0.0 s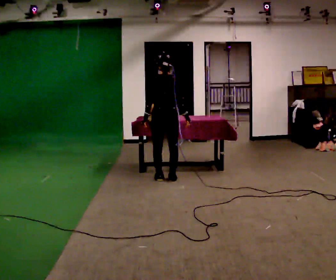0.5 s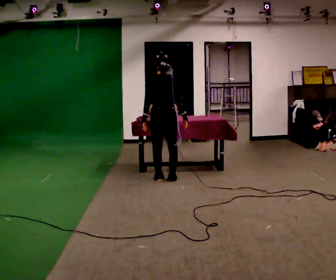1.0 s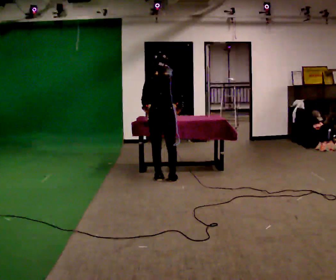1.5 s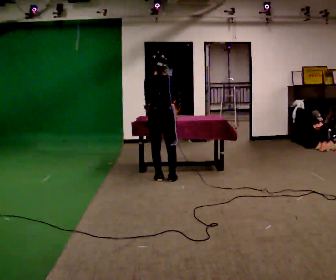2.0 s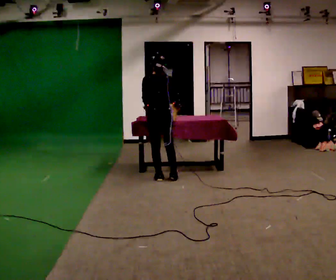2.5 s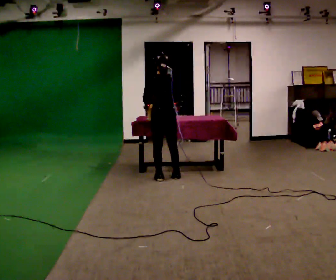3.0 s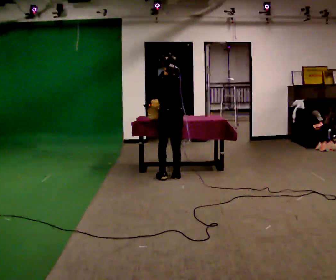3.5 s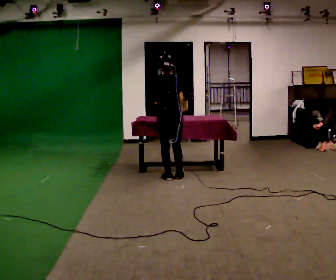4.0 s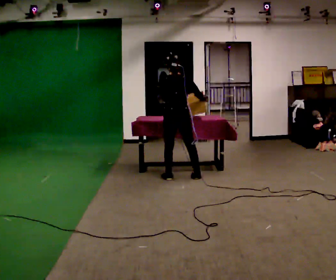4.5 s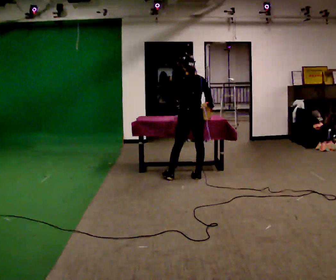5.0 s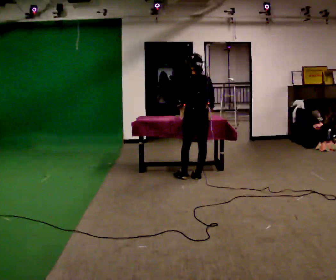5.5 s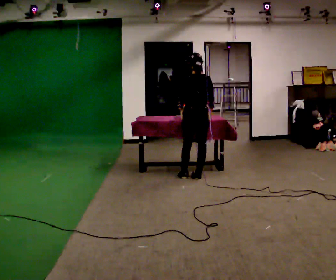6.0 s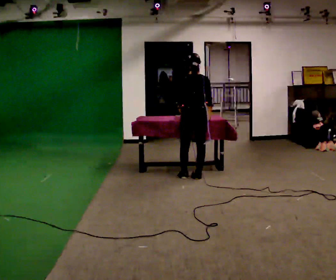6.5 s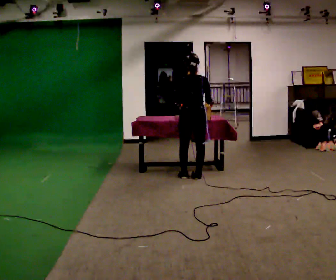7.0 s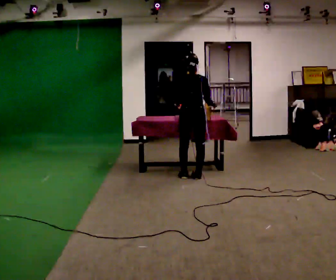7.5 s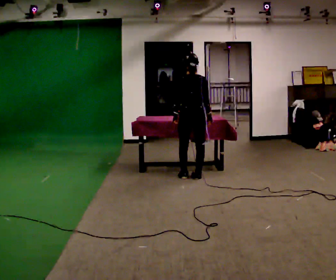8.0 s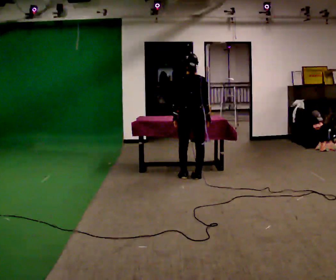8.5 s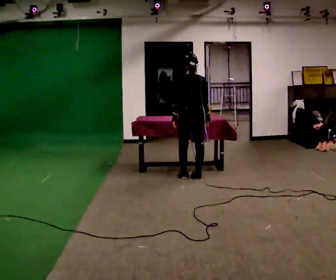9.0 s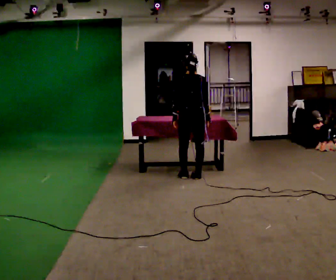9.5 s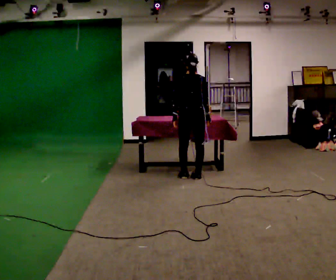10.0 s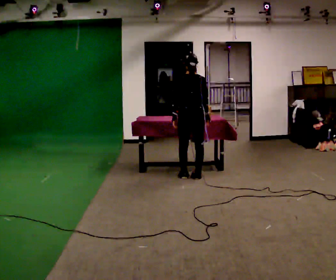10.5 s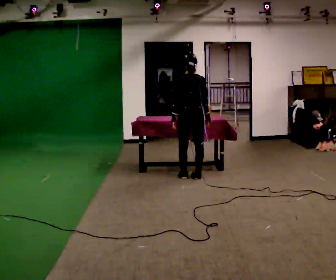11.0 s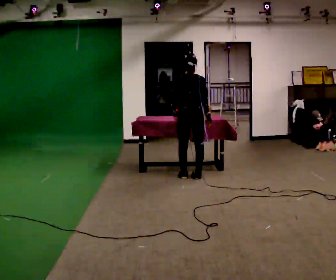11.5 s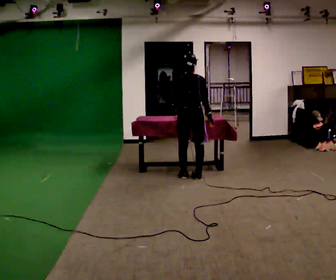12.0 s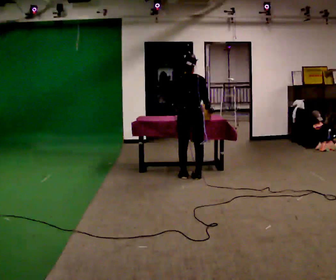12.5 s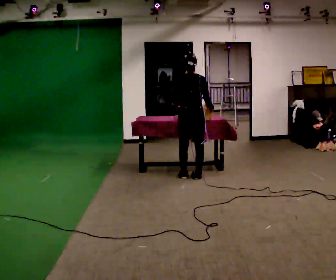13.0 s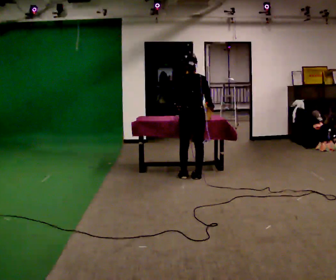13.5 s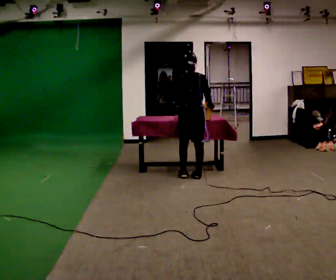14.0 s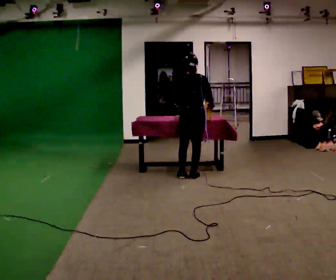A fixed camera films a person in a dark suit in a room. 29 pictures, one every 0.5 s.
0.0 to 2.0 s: The person moves a little, or ends about where they began.
2.0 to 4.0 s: In the picture they go to the right, about 0.25 m in 1 step, which for them is to their right. In the picture their right hand goes to the right.
4.0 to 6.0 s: In the picture they go to the right, about 0.25 m in 1 step, which for them is to their right.
6.0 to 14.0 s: The person moves a little, or ends about where they began.
The film runs backward here.
